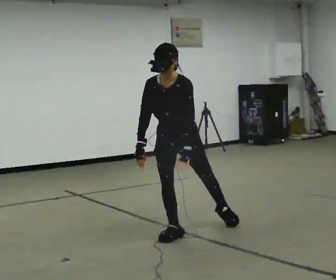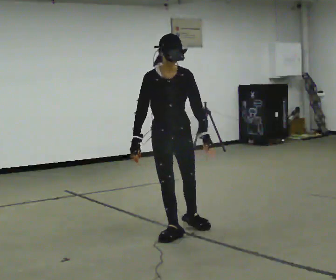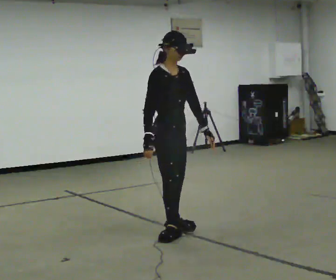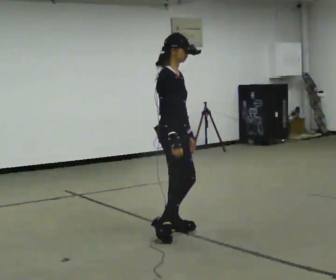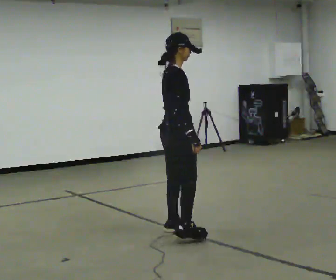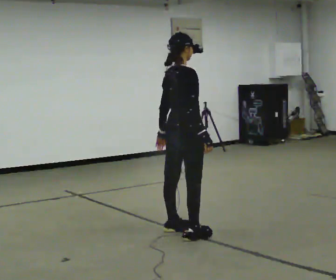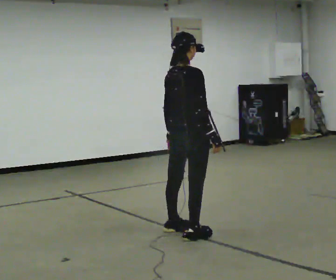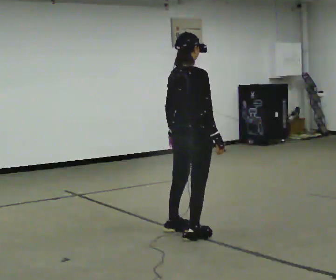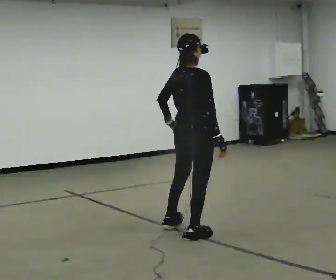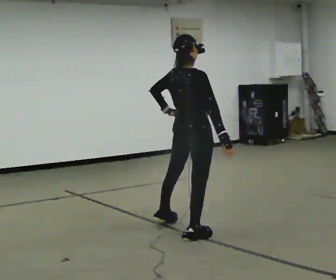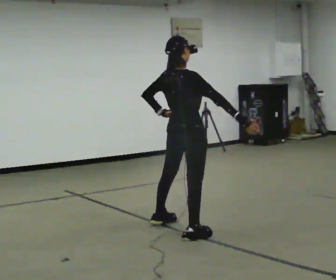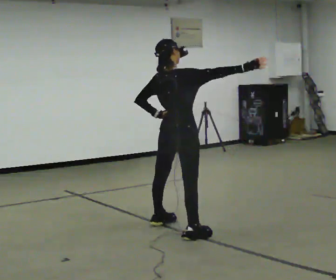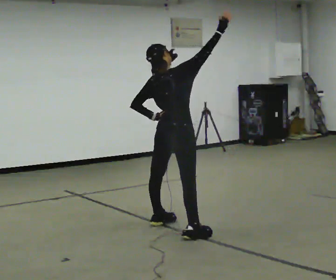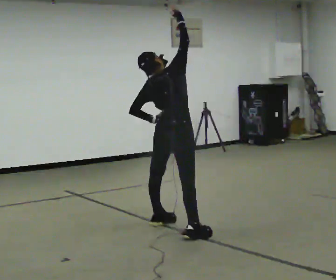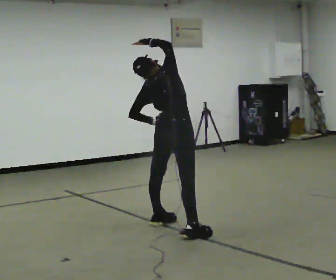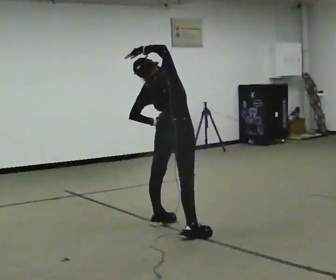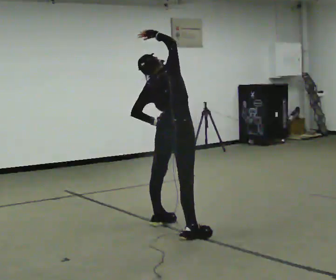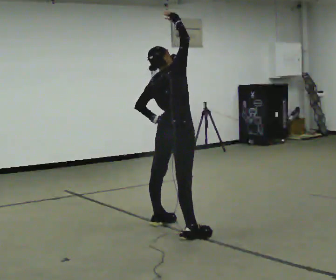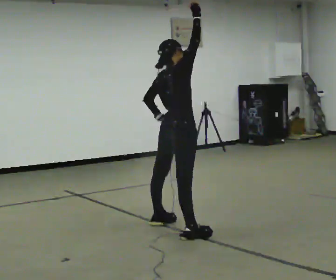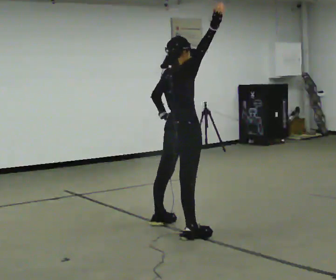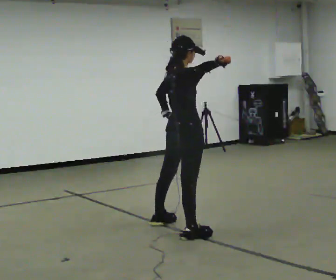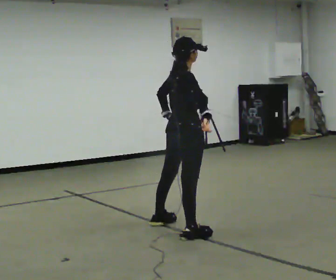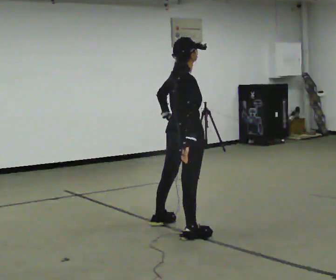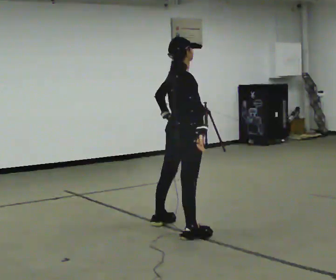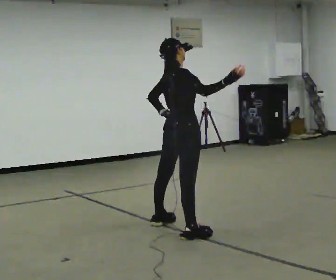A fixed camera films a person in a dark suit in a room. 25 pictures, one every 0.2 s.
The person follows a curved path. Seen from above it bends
counterclockwise.
0.0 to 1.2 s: The part of the body nearest the lens slides to the right as the person turns to their left by about 135 degrees. The upper body tips away from the camera, its near side rolling upward, as they lean back or straighten. In the picture their right hand goes to the right, the arm swinging counterclockwise.
1.2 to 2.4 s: In the picture they go away from the camera, about 0.25 m in 1 step, which for them is to their left. In the picture their right hand goes upward, the arm swinging counterclockwise.
2.4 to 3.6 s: The person moves a little, or ends about where they began.
3.6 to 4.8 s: In the picture their right hand goes downward.
The film runs forward here.
